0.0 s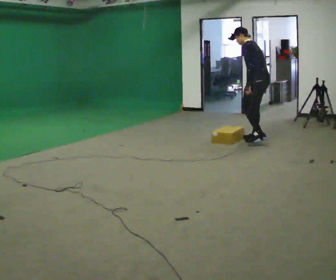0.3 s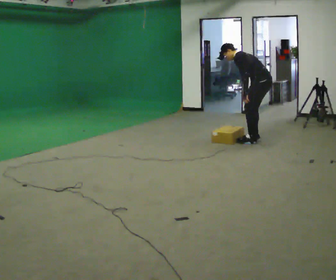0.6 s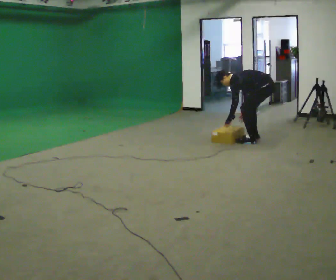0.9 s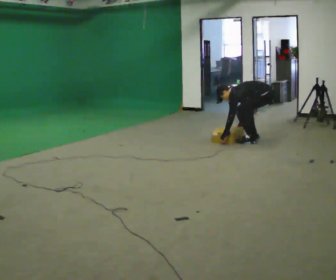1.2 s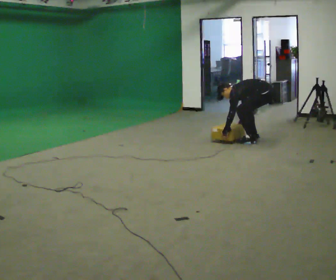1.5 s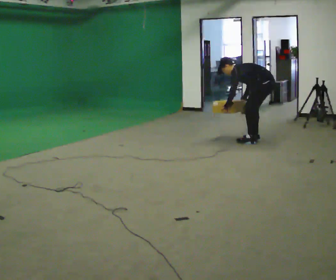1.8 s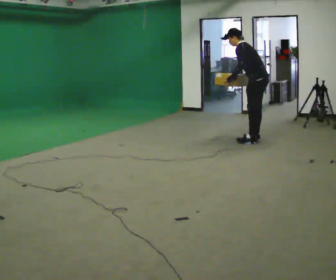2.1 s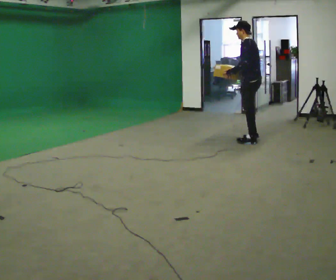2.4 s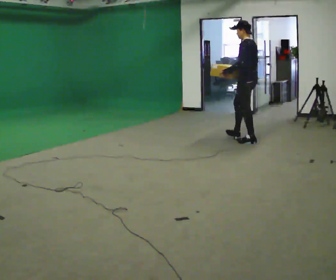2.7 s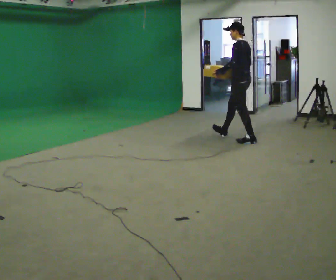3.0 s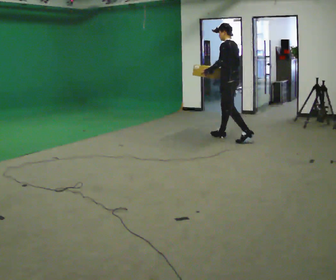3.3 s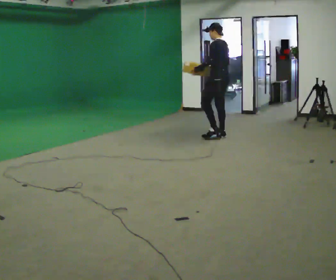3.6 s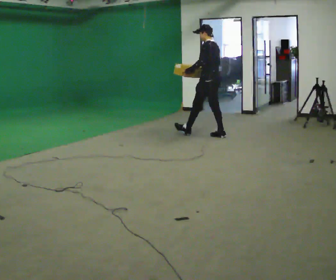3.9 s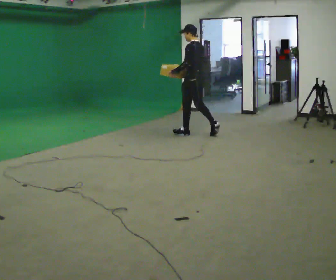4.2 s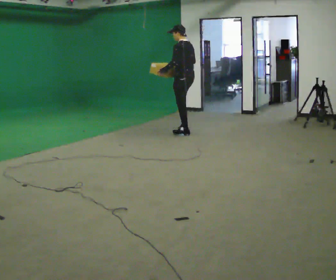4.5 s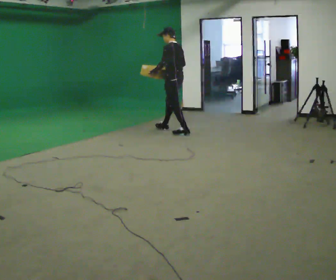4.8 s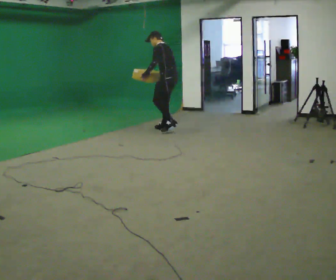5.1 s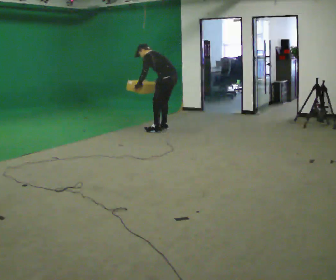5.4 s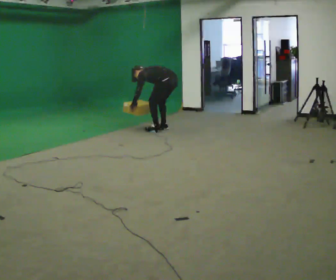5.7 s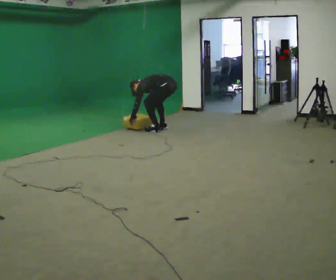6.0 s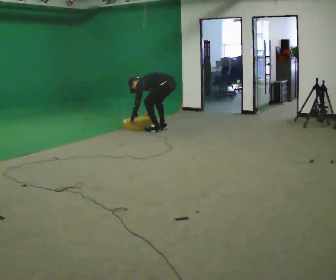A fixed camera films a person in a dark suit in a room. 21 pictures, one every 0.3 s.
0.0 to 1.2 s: The shoulders move downward. In the picture the upper body tilts counterclockwise, shoulders to the left, as they bend forward. In the picture their left hand goes downward.
1.2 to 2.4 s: In the picture they go to the left, about 0.25 m, which for them is forward. The shoulders move upward. In the picture the upper body tilts clockwise, shoulders to the right, as they lean back or straighten. In the picture their right hand goes upward.
2.4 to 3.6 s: In the picture they go to the left and away from the camera, about 0.75 m in 1 step, which for them is forward.
3.6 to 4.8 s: In the picture they go to the left and away from the camera, about 1 m in 2 steps, which for them is forward. In the picture the upper body tilts counterclockwise, shoulders to the left, as they bend forward.
4.8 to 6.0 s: The shoulders move downward. In the picture the upper body tilts counterclockwise, shoulders to the left, as they bend forward. In the picture their left hand goes downward.
The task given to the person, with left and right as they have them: Start still; walk straight at normal comfortable speed; stop at endpoint.
The film runs forward here.
